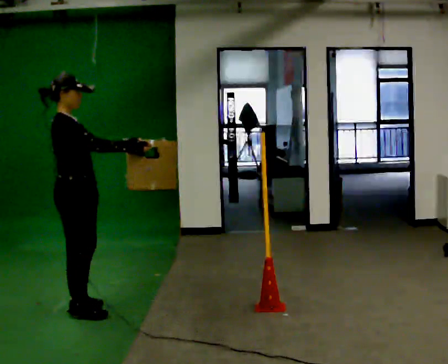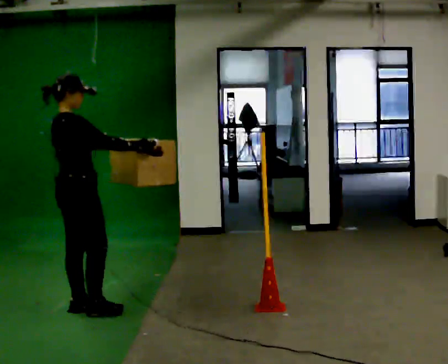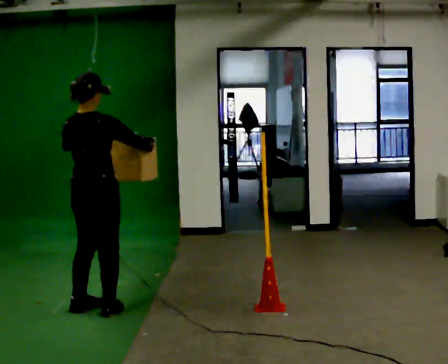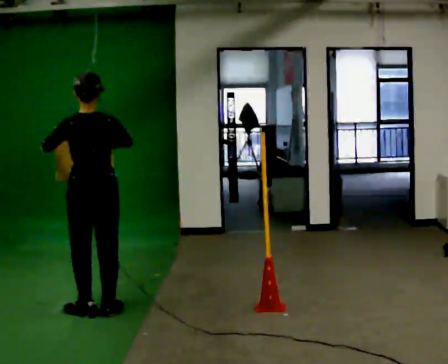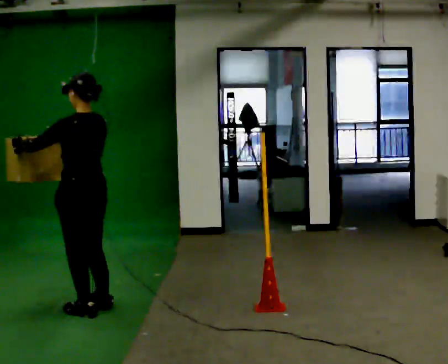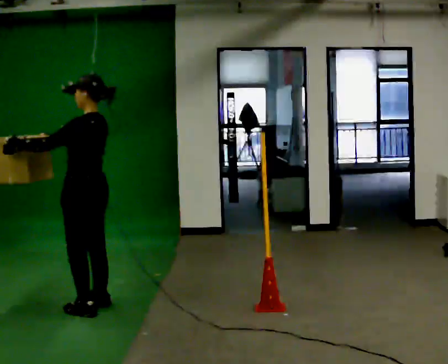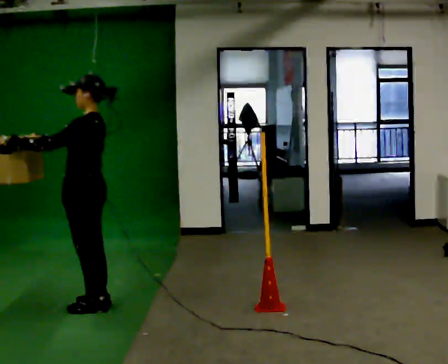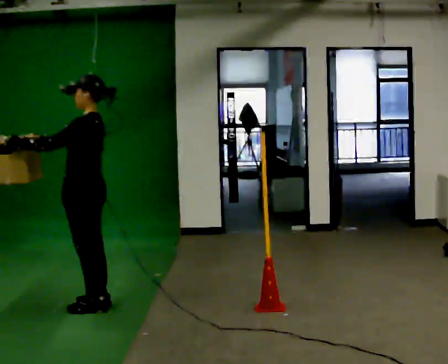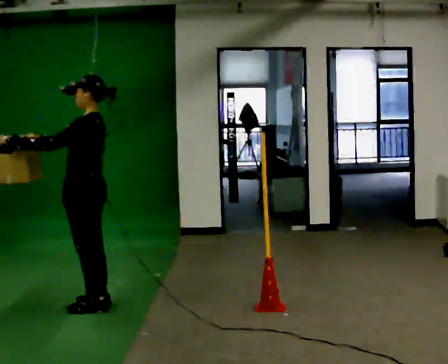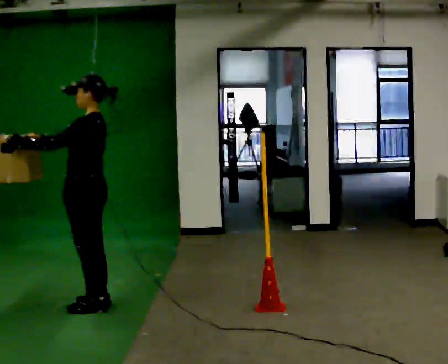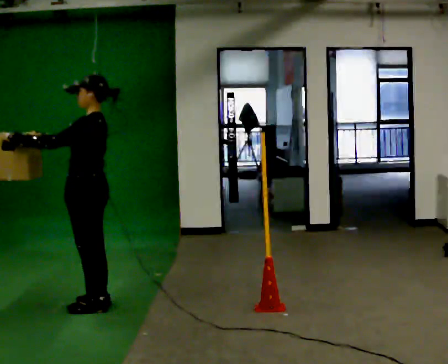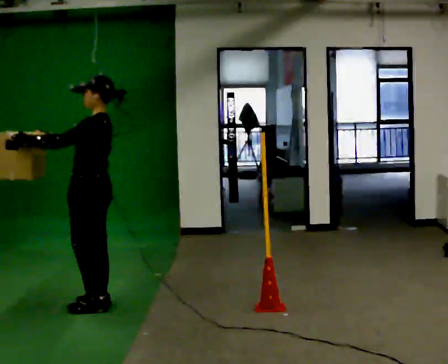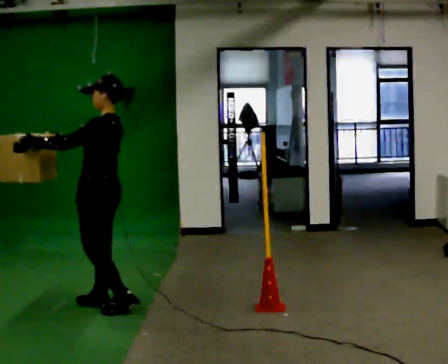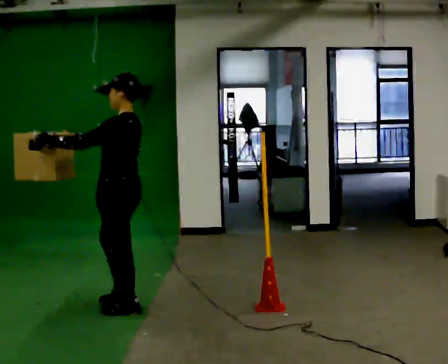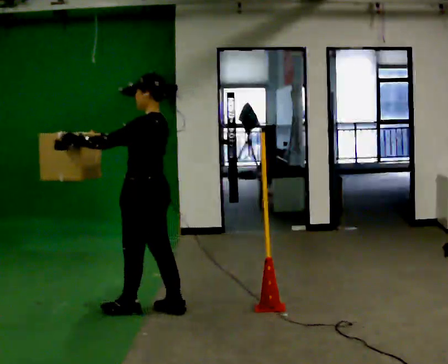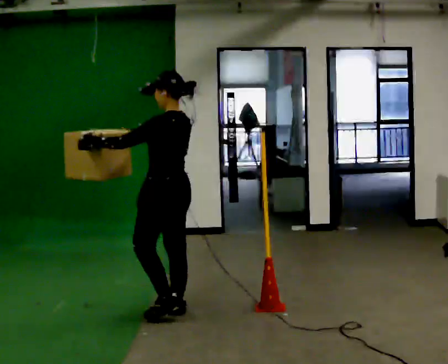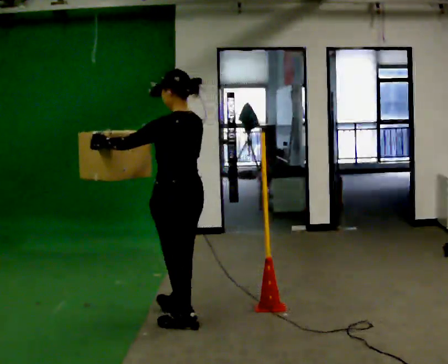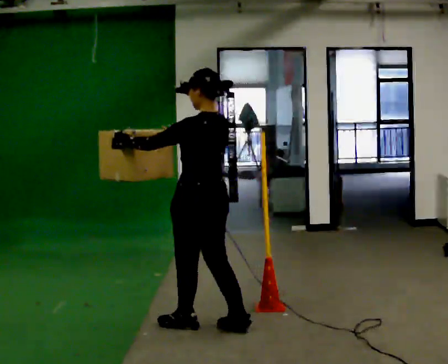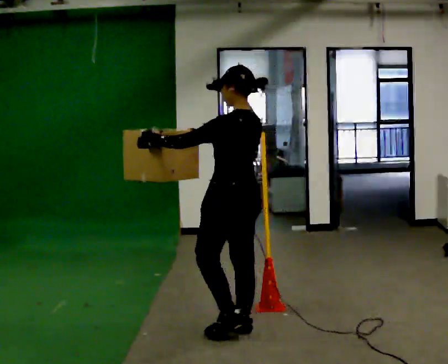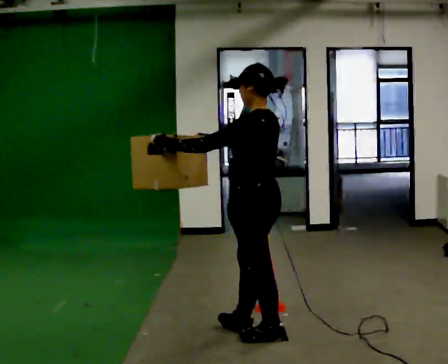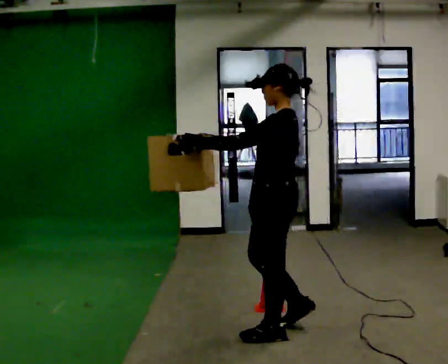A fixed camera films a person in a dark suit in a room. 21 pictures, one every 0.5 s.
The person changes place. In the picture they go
to the right.
0.0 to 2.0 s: Seen from above the body turns counterclockwise, about 135 degrees: to their left, with its near side sliding to the right. In the picture their left hand goes to the left.
2.0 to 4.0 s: The part of the body nearest the lens slides to the right as the person turns to their left by about 45 degrees. In the picture they go away from the camera, about 0.25 m, which for them is to their right.
4.0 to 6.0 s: The person moves a little, or ends about where they began.
6.0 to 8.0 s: Seen from above the body turns clockwise, about 30 degrees: to their right, with its near side sliding to the left. In the picture they go to the right and toward the camera, about 0.75 m in 3 steps, which for them is backward.
8.0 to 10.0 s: The person turns about 30 degrees to their left, counterclockwise seen from above, so the part of the body nearest the lens slides to the right. In the picture they go to the right and toward the camera, about 0.75 m in 2 steps, which for them is backward.
The film runs backward here.
